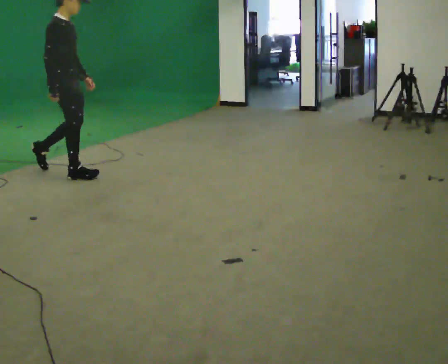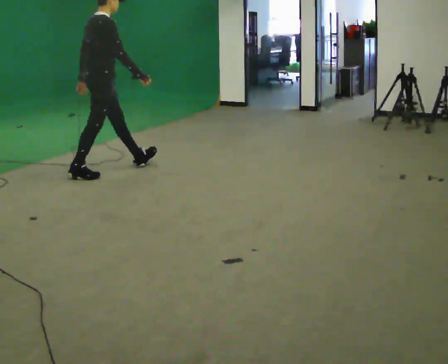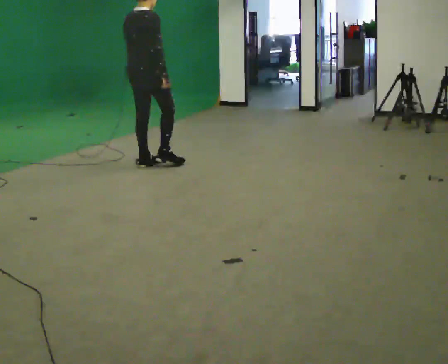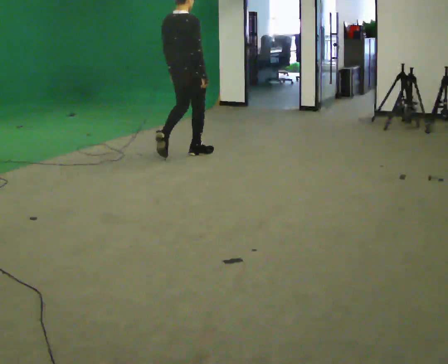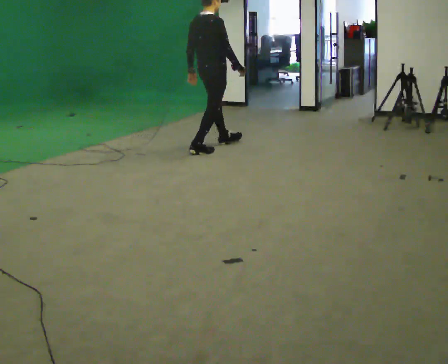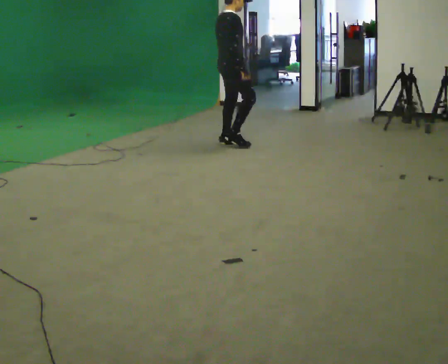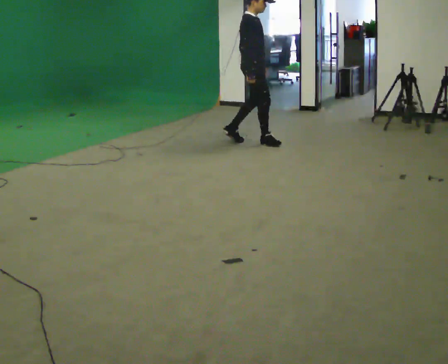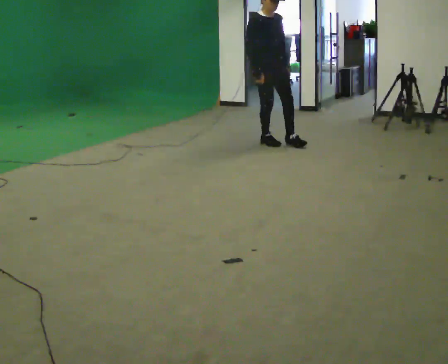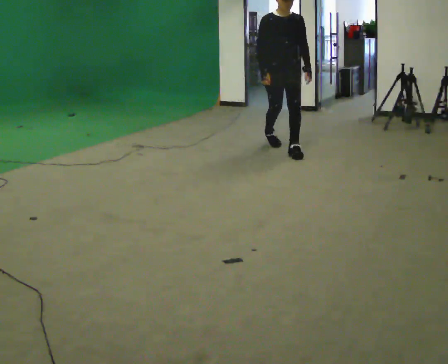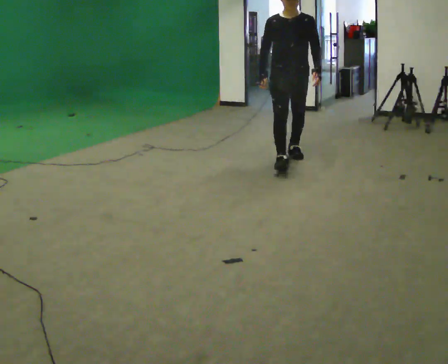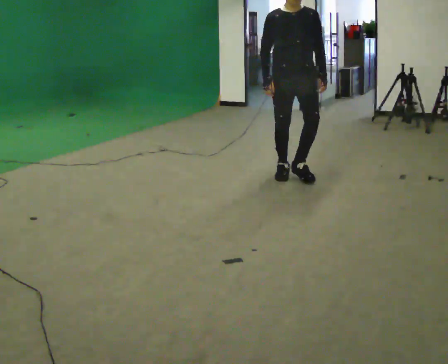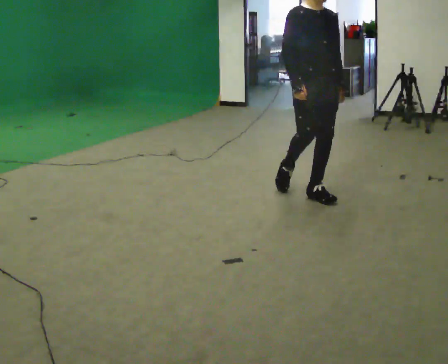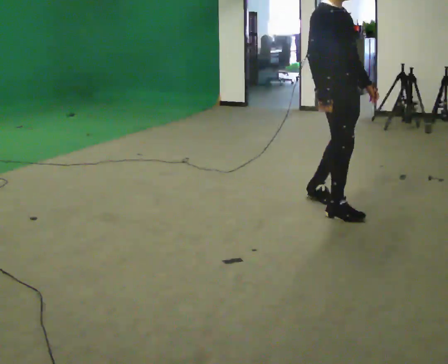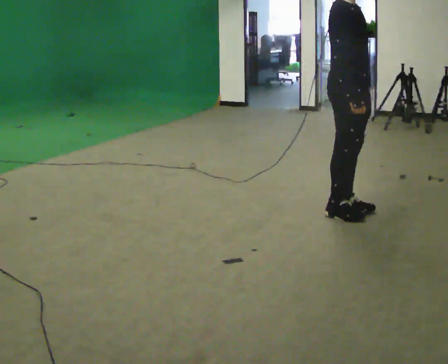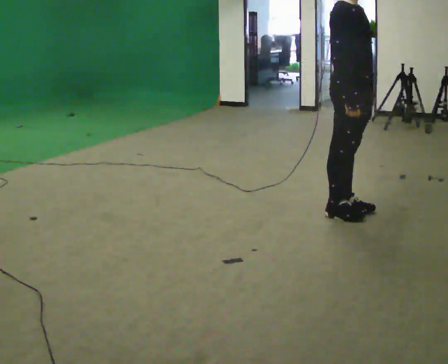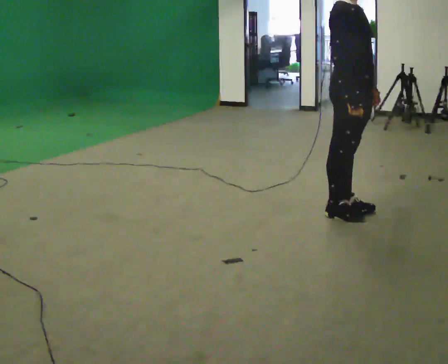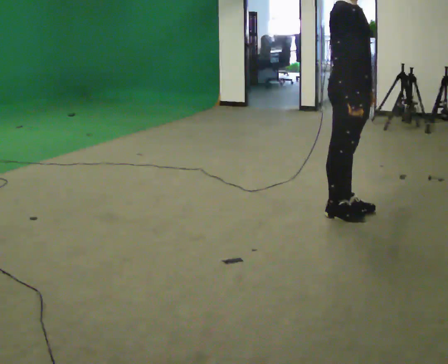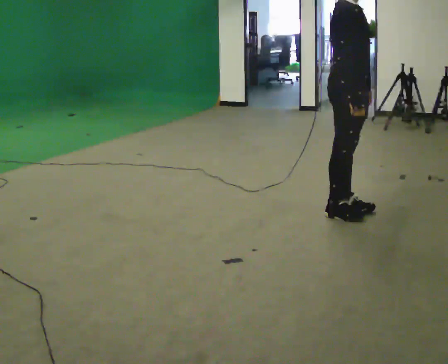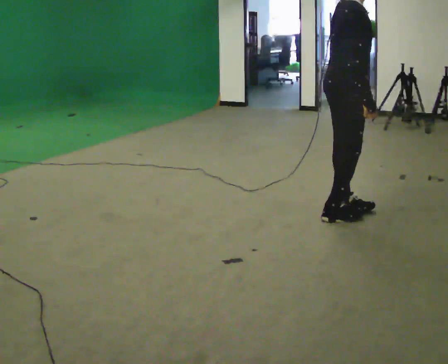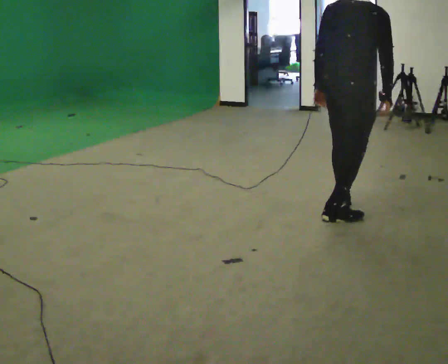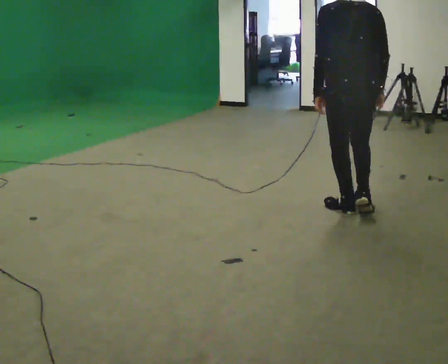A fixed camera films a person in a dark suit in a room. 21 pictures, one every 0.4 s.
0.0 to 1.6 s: The part of the body nearest the lens slides to the right as the person turns to their left by about 30 degrees. In the picture they go to the right and away from the camera, about 1.5 m in 3 steps, which for them is forward.
1.6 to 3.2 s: The person turns about 120 degrees to their right, clockwise seen from above, so the part of the body nearest the lens slides to the left. In the picture they go to the right, about 0.5 m in 2 steps.
3.2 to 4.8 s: Seen from above the body turns counterclockwise, about 45 degrees: to their left, with its near side sliding to the right. In the picture they go toward the camera, about 1.5 m in 3 steps.
4.8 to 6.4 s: The person moves a little, or ends about where they began.
6.4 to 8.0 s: Seen from above the body turns counterclockwise, about 135 degrees: to their left, with its near side sliding to the right.
The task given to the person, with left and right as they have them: Walk continuously ~15 s; naturally alternate slow/normal/fast several times; no stop.
The film runs forward here.
